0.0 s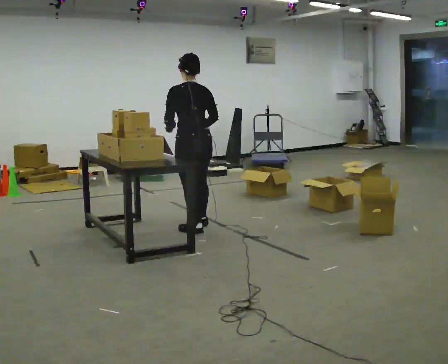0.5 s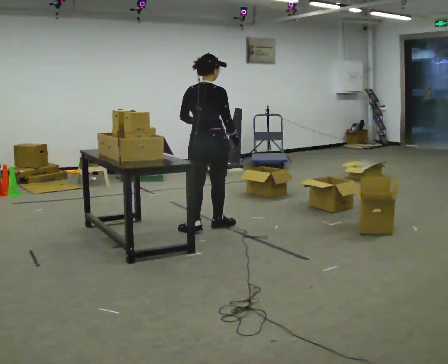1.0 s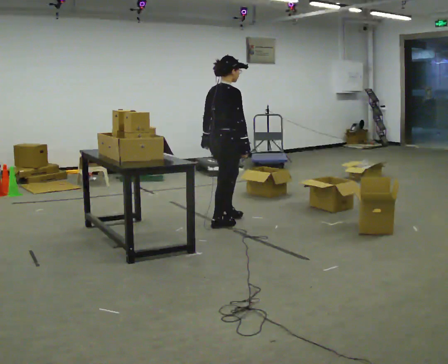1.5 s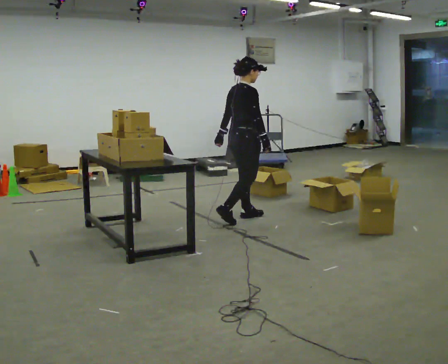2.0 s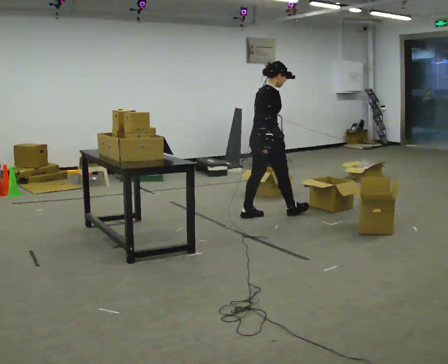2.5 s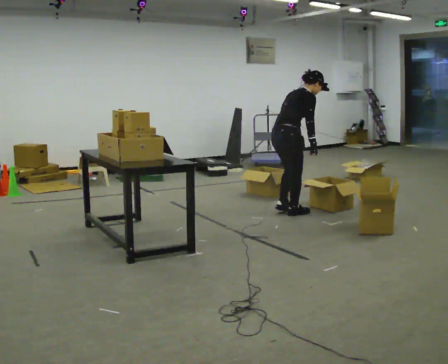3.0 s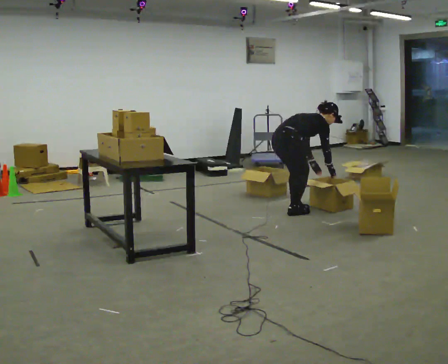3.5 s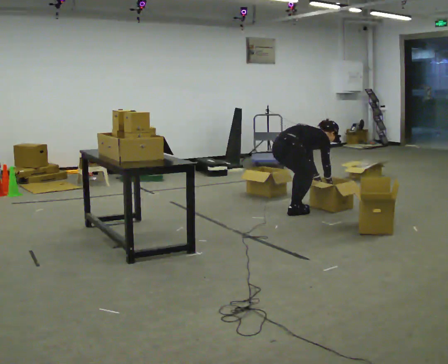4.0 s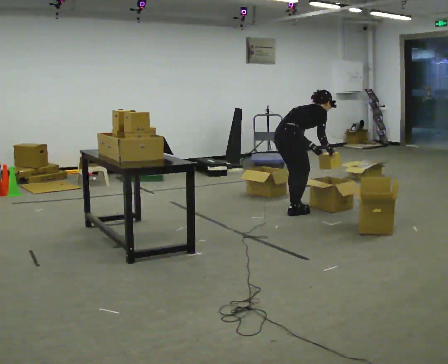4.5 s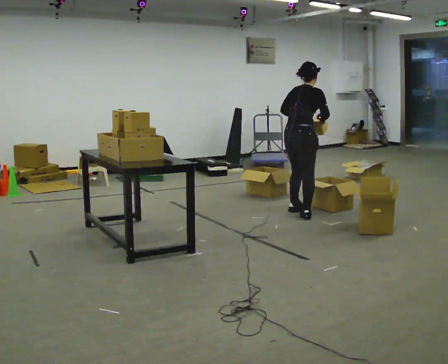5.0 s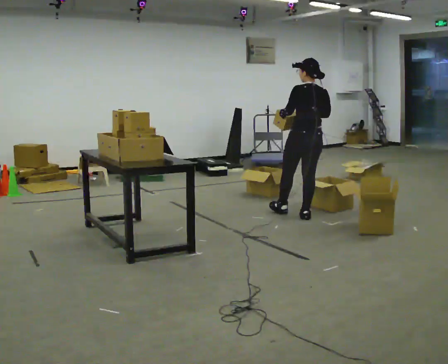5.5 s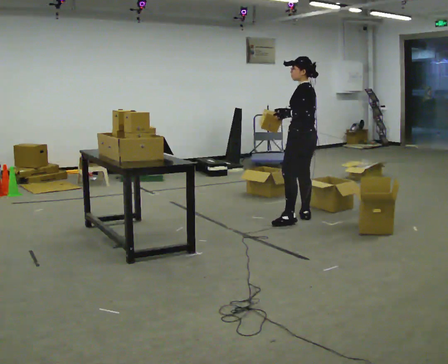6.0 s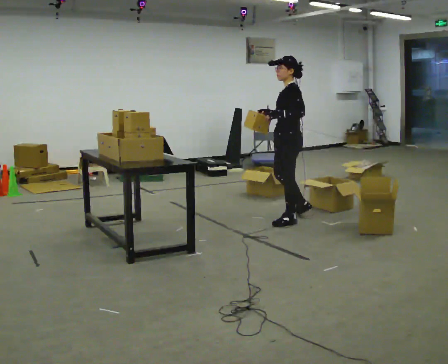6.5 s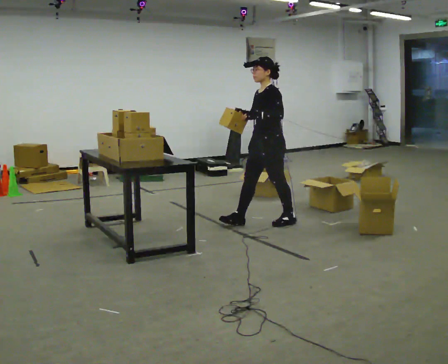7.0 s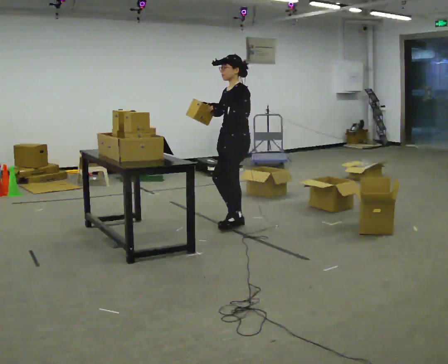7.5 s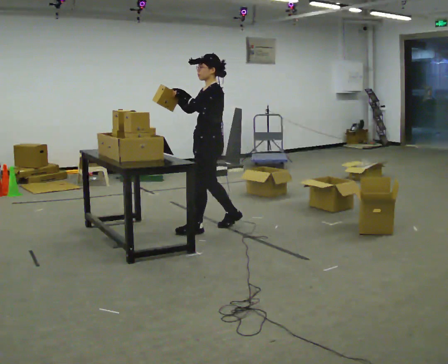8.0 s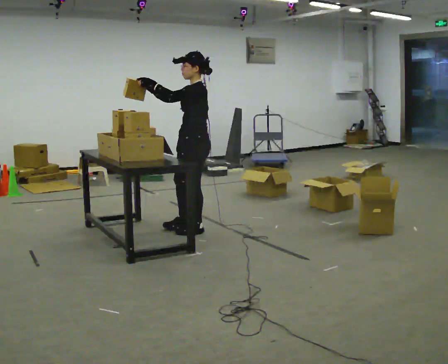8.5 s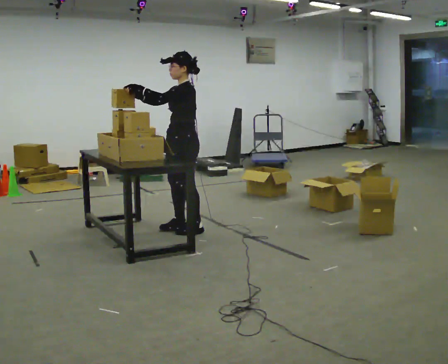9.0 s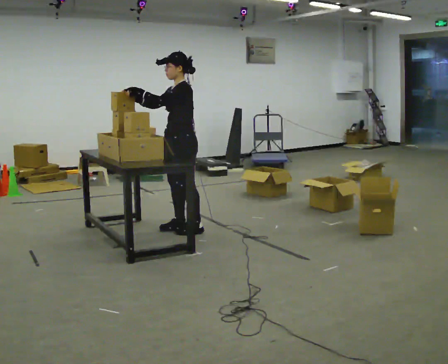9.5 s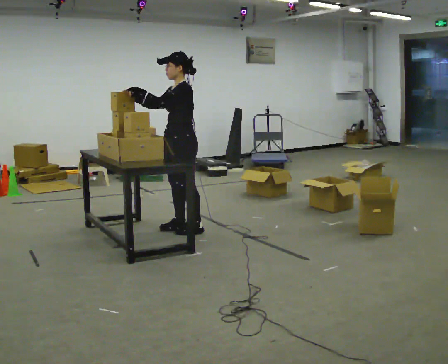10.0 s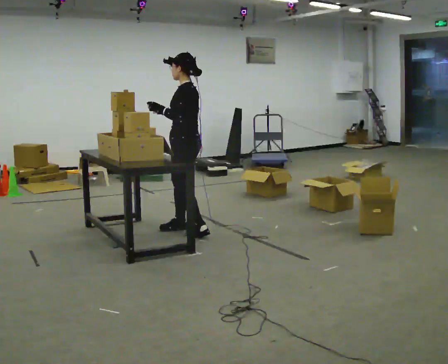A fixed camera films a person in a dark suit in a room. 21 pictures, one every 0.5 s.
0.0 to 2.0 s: The person turns about 90 degrees to their right, clockwise seen from above, so the part of the body nearest the lens slides to the left. In the picture they go away from the camera and to the right, about 1 m in 3 steps.
2.0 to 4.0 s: In the picture they go to the right, about 0.25 m in 1 step, which for them is forward. In the picture their right hand goes to the right.
4.0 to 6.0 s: The person turns about 150 degrees to their left, counterclockwise seen from above, so the part of the body nearest the lens slides to the right. In the picture they go toward the camera, about 0.25 m in 2 steps. The shoulders move upward. In the picture the upper body tilts counterclockwise, shoulders to the left, as they lean back or straighten. In the picture their left hand goes upward.
6.0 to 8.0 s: In the picture they go to the left and toward the camera, about 1 m in 2 steps, which for them is forward.
8.0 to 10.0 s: The person moves a little, or ends about where they began.
The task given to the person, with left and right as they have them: 1. Take the objects out of the box on the table one at a time. 2. Put each one in the bin the operator has labelled for it. 3. Tell the operator when you are finished.
The film runs forward here.
